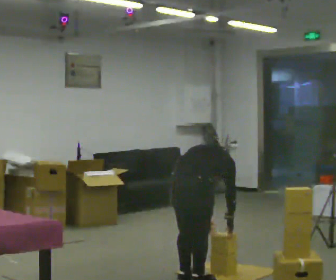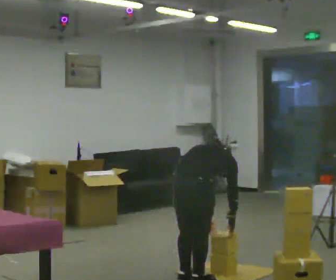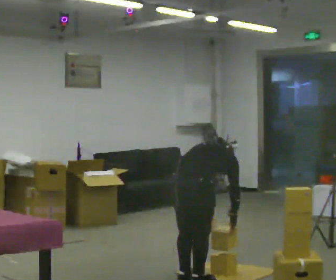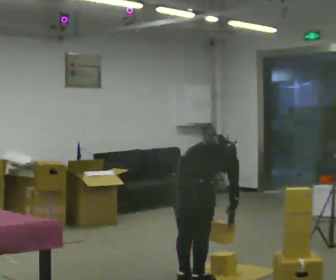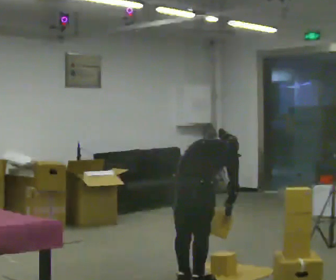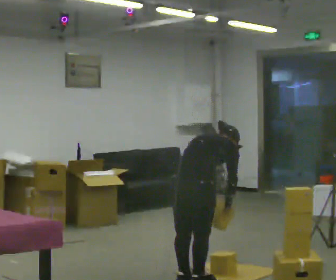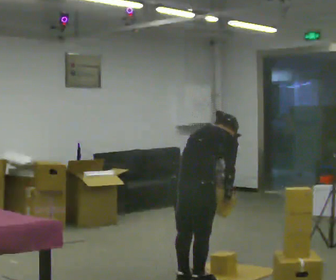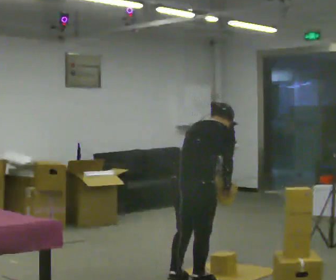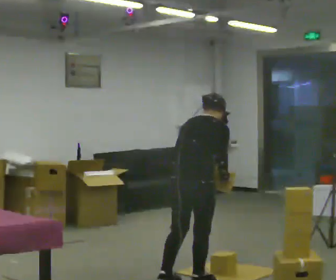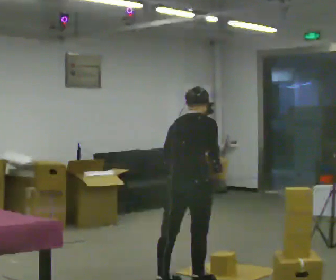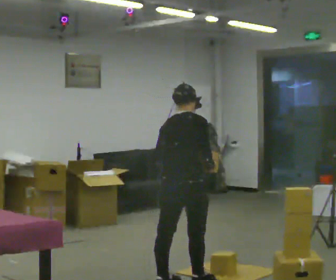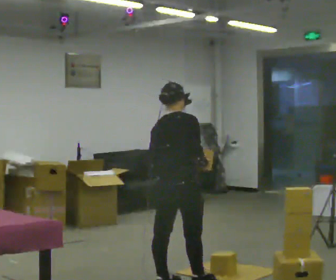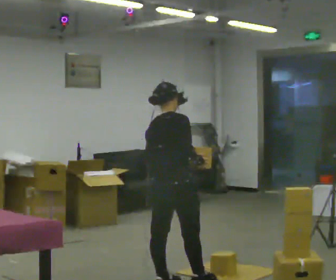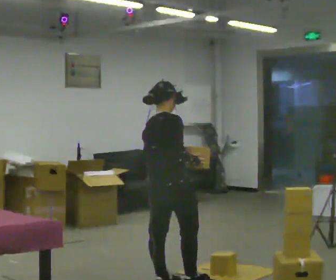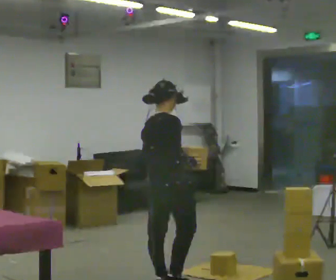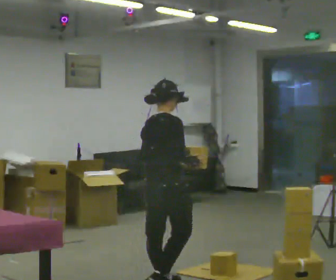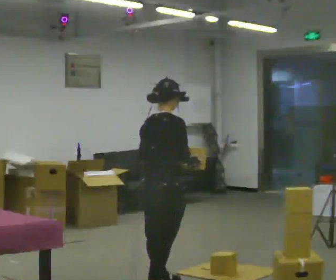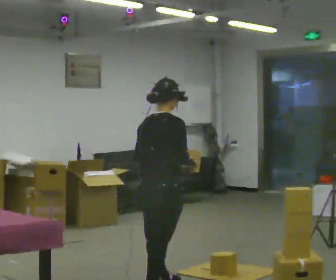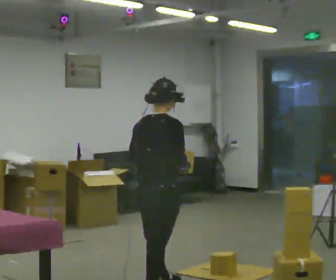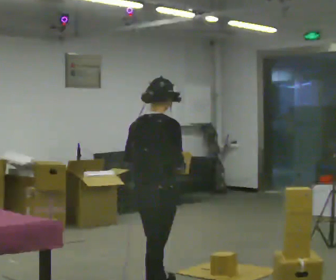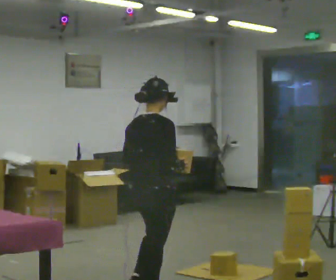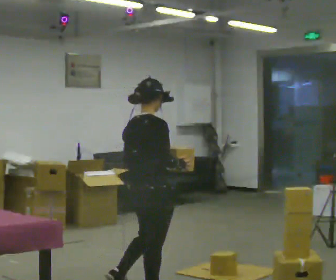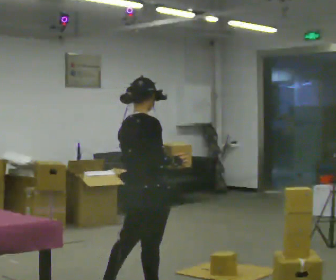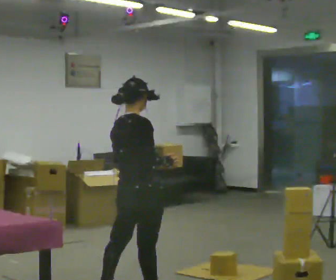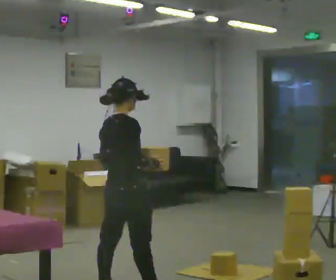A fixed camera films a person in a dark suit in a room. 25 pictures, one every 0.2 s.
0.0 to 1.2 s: The shoulders move upward. The upper body tips toward the camera, its near side rolling downward, as they lean back or straighten.
1.2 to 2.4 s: In the picture they go to the left, about 0.25 m in 1 step, which for them is to their left. In the picture the upper body tilts counterclockwise, shoulders to the left, as they lean back or straighten.
2.4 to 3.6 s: In the picture they go toward the camera, about 0.25 m in 1 step, which for them is backward.
3.6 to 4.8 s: In the picture they go to the left, about 0.25 m in 1 step, which for them is backward.
The film runs backward here.
